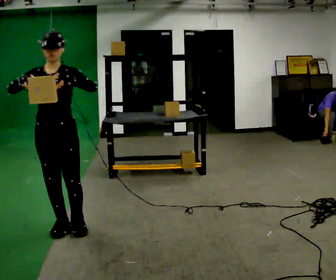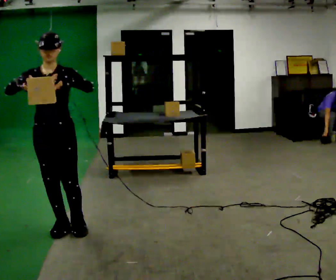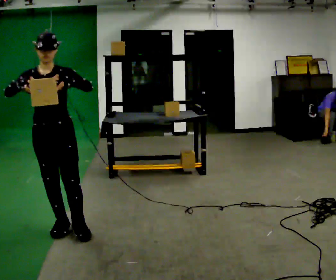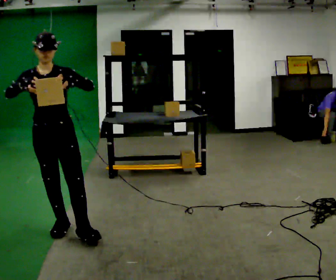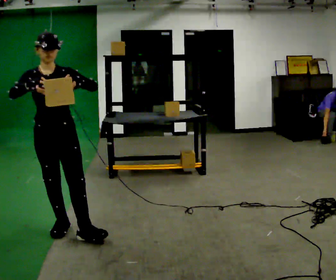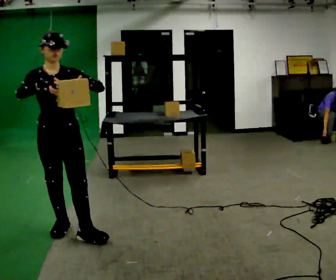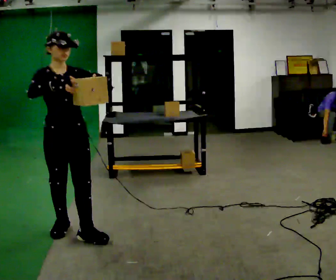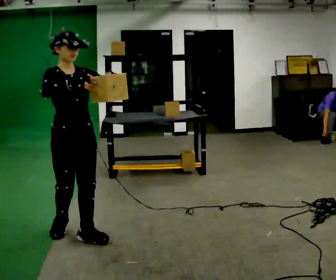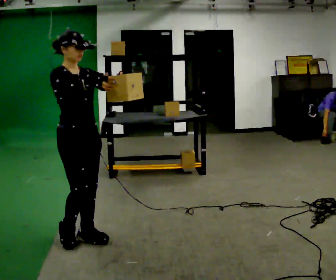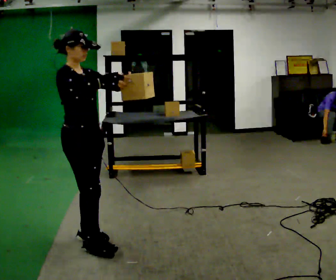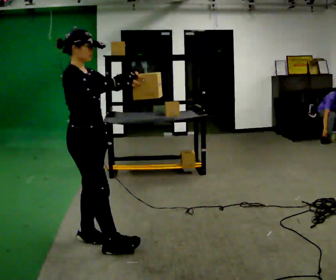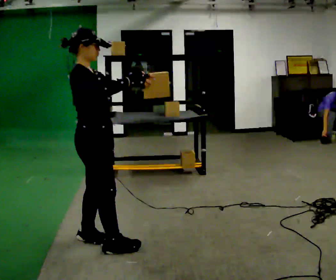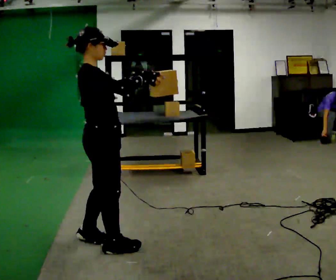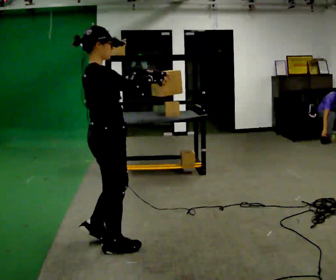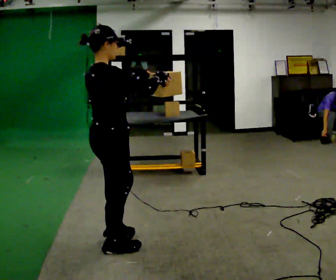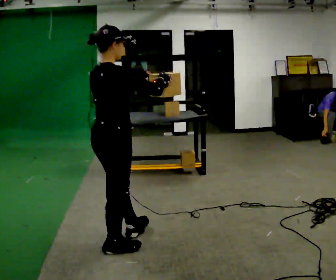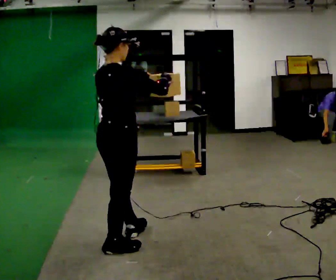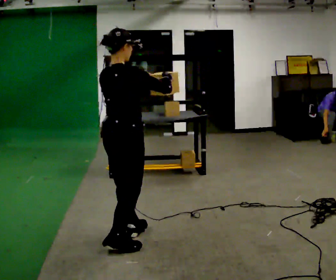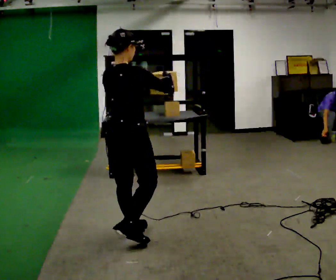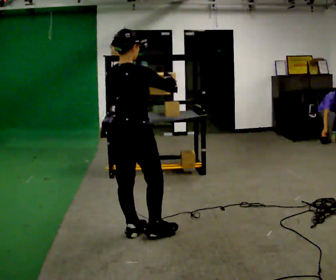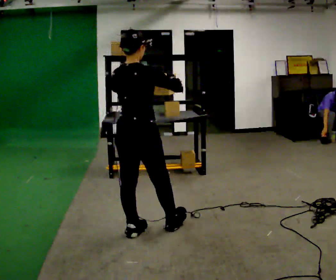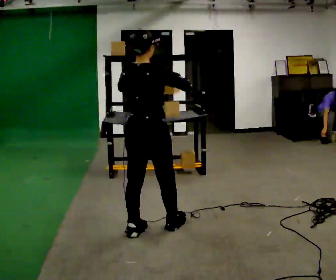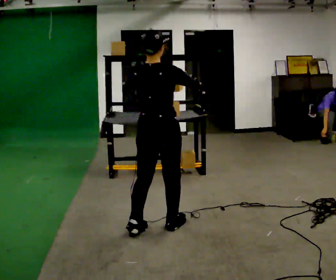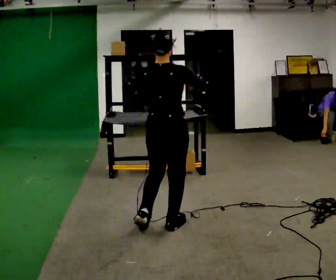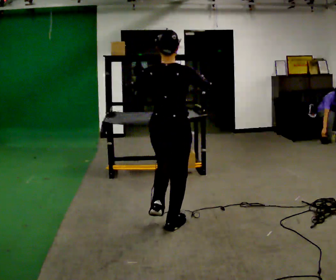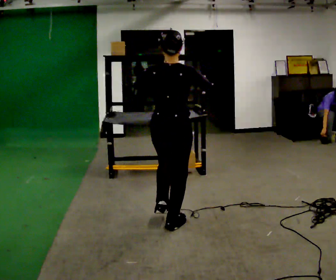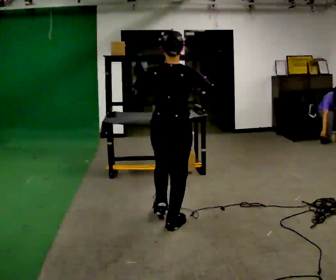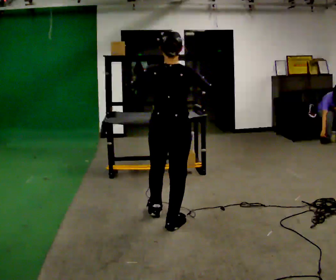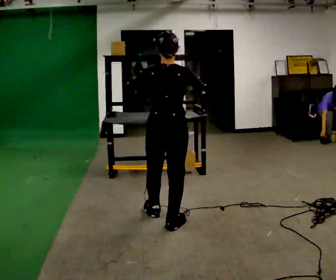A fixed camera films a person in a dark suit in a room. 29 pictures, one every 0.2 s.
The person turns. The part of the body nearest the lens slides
to the right.
The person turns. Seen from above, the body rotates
counterclockwise.
0.0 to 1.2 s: The person turns about 30 degrees to their left, counterclockwise seen from above, so the part of the body nearest the lens slides to the right.
1.2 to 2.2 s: The person turns about 60 degrees to their left, counterclockwise seen from above, so the part of the body nearest the lens slides to the right. In the picture they go to the right and toward the camera, about 0.25 m in 1 step, which for them is forward.
2.2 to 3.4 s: The person turns about 45 degrees to their left, counterclockwise seen from above, so the part of the body nearest the lens slides to the right. In the picture they go to the right, about 0.25 m in 1 step, which for them is forward.
3.4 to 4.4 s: Seen from above the body turns counterclockwise, about 30 degrees: to their left, with its near side sliding to the right. In the picture they go to the right and away from the camera, about 0.25 m in 1 step, which for them is forward.
4.4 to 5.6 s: The person moves a little, or ends about where they began.
The film runs forward here.
